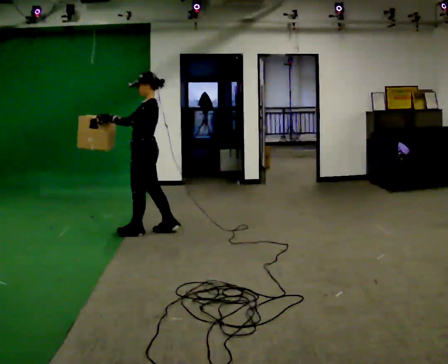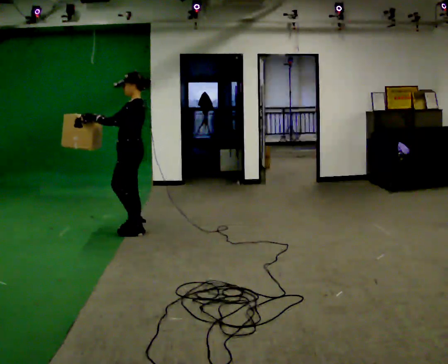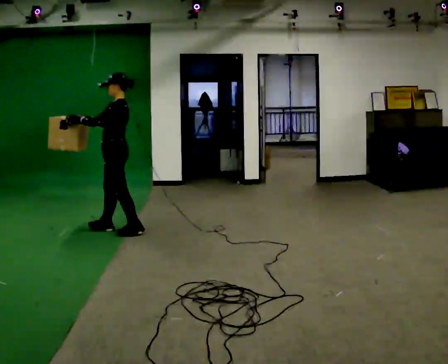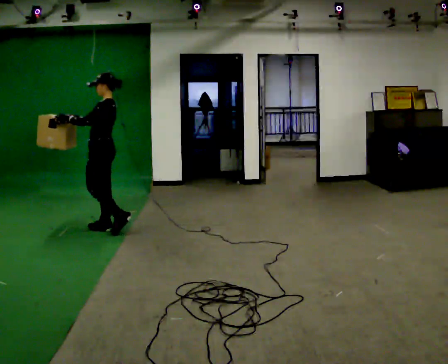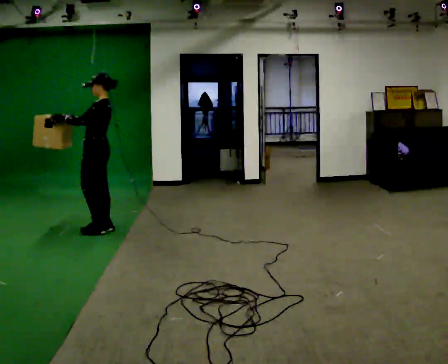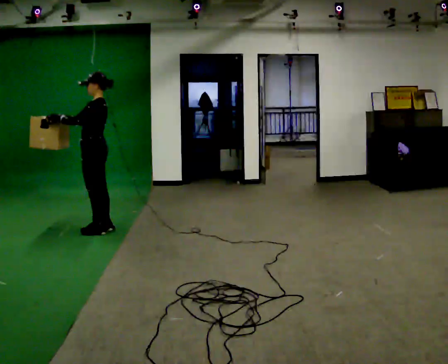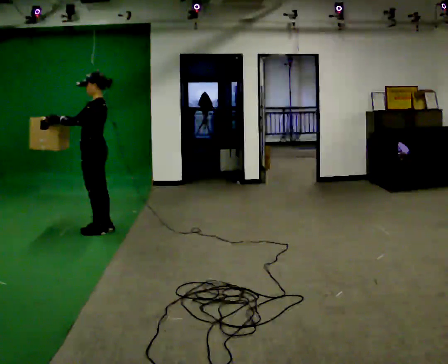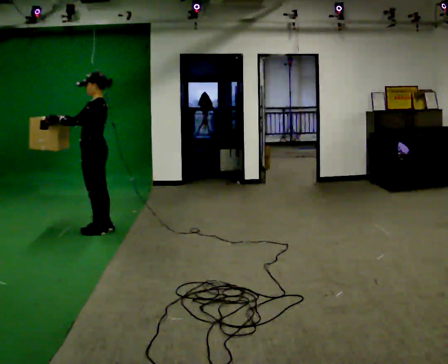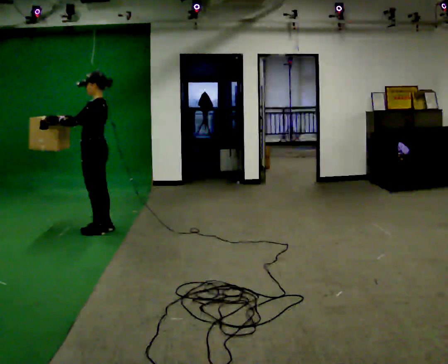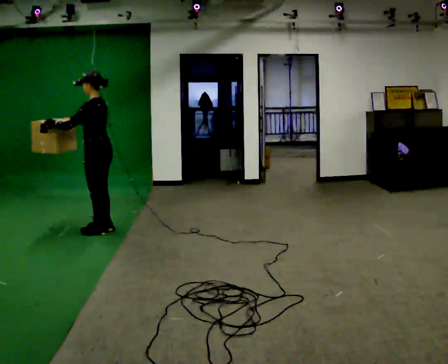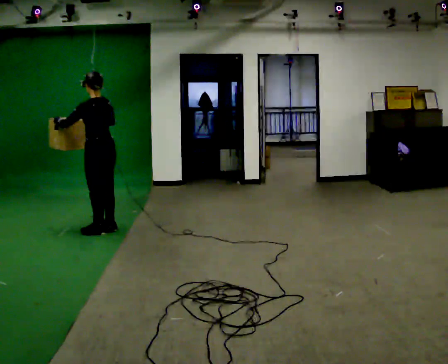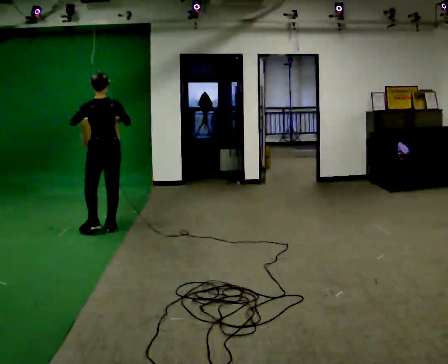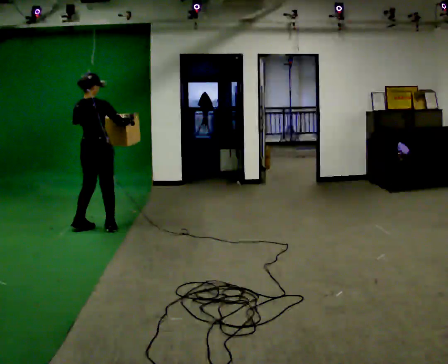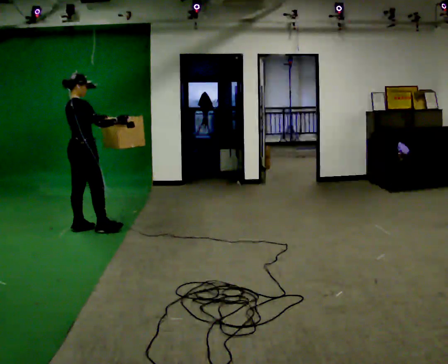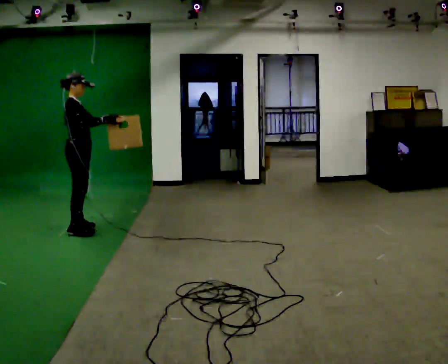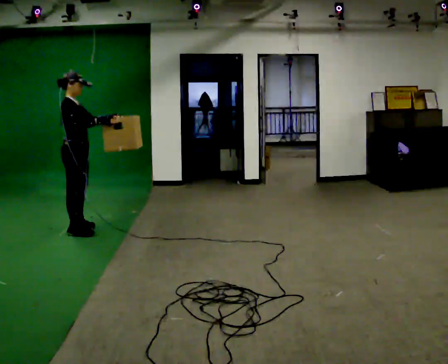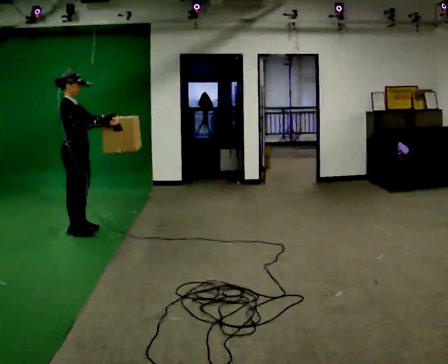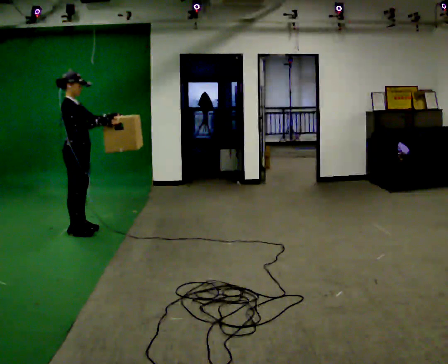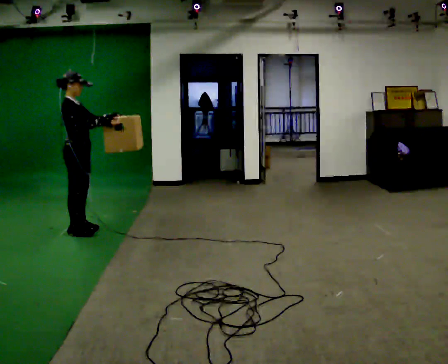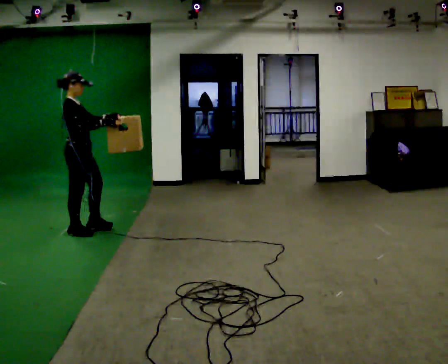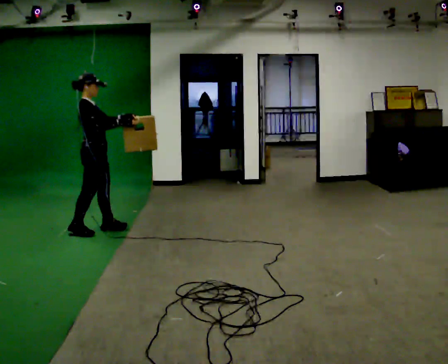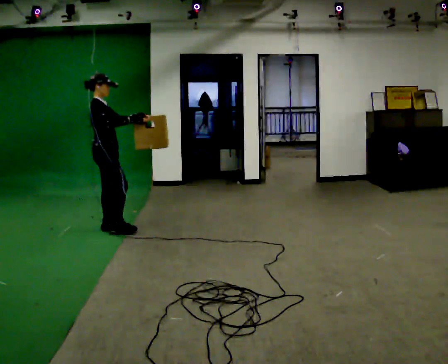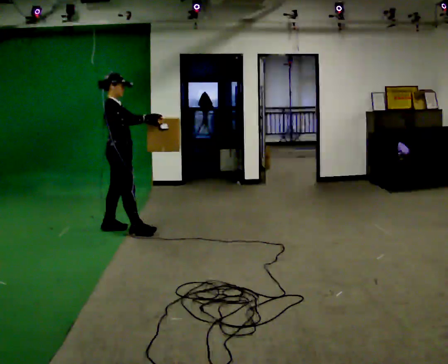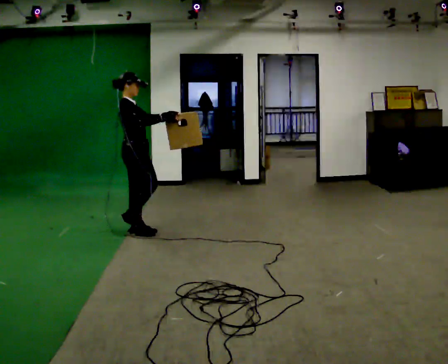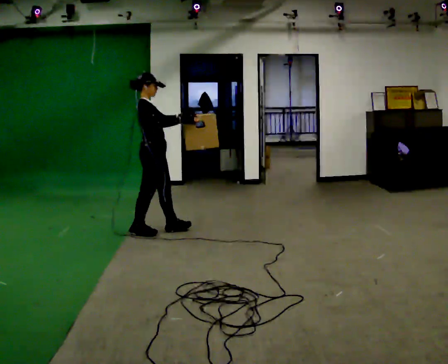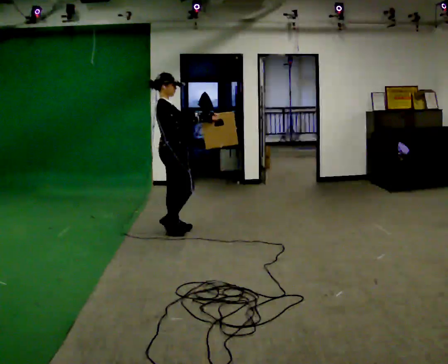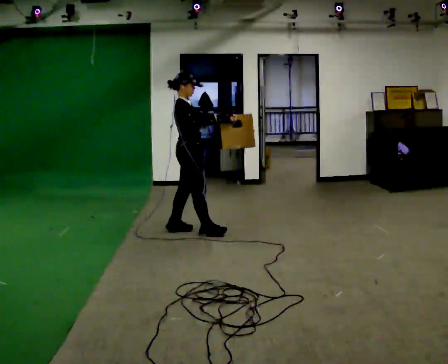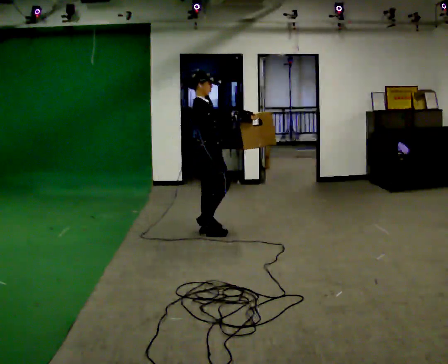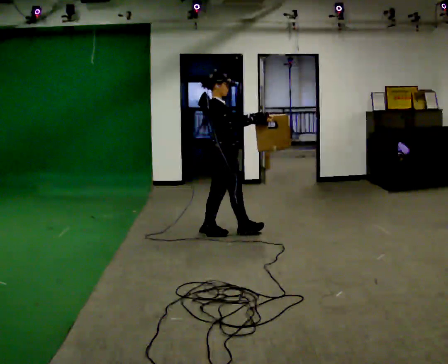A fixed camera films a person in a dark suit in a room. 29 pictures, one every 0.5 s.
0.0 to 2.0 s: In the picture they go to the left and away from the camera, about 0.5 m in 2 steps, which for them is forward.
2.0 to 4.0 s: The person moves a little, or ends about where they began.
4.0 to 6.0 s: The person turns about 105 degrees to their right, clockwise seen from above, so the part of the body nearest the lens slides to the left. In the picture the upper body tilts counterclockwise, shoulders to the left. In the picture their right hand goes to the right.
6.0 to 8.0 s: Seen from above the body turns clockwise, about 75 degrees: to their right, with its near side sliding to the left. In the picture they go to the left and toward the camera, about 0.25 m in 1 step.
8.0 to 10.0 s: In the picture they go to the right, about 0.25 m in 1 step, which for them is forward.
10.0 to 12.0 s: In the picture they go to the right, about 0.5 m in 2 steps, which for them is forward.
12.0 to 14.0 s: In the picture they go to the right, about 0.75 m in 2 steps, which for them is forward.
The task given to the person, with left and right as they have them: Carry the box across the room much more slowly and carefully than normal, back and forth.
The film runs forward here.
